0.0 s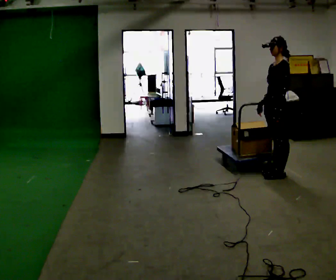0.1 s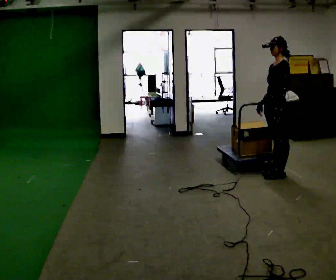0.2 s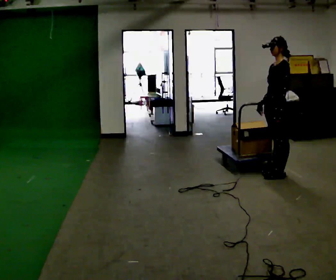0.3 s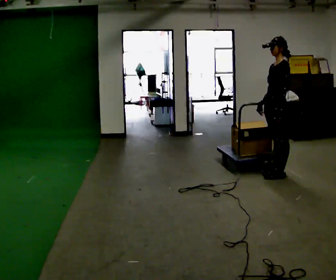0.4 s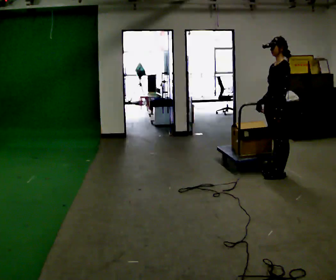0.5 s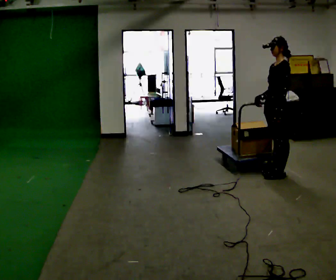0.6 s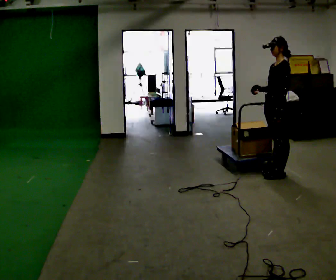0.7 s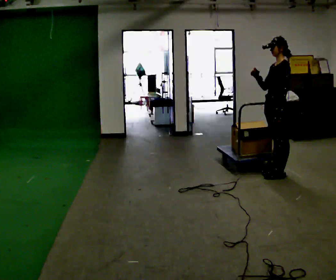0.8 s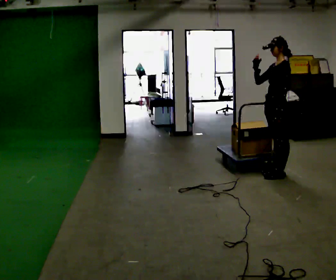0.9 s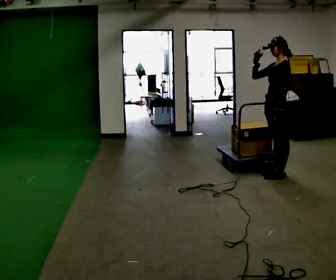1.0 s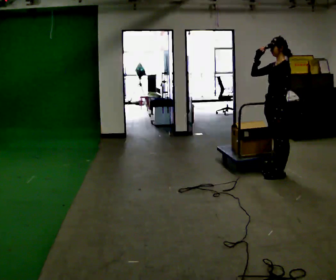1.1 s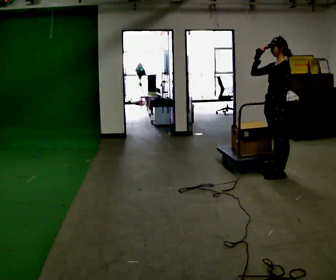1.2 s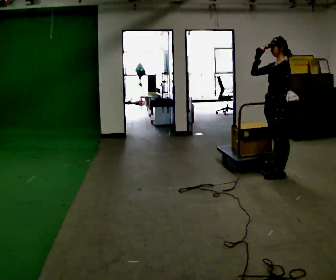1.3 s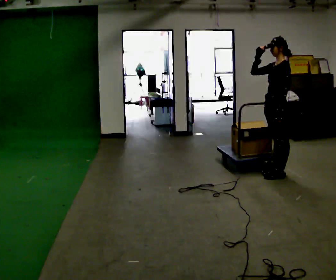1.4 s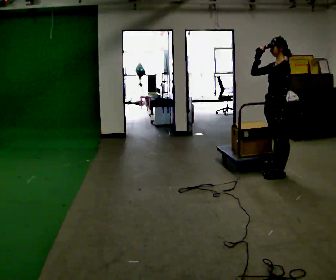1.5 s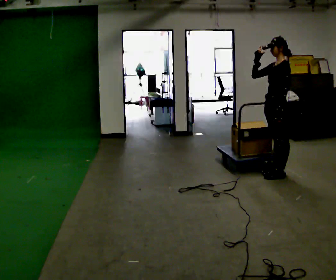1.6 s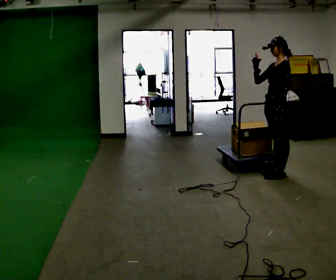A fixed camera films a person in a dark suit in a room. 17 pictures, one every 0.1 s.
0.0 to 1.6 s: In the picture their right hand goes upward.
The film runs forward here.
